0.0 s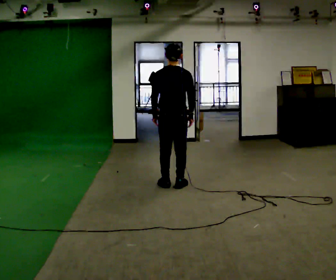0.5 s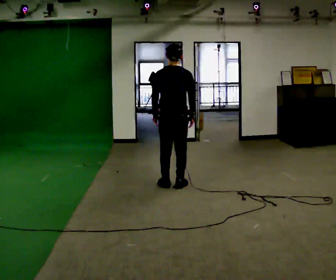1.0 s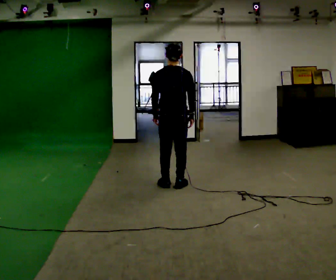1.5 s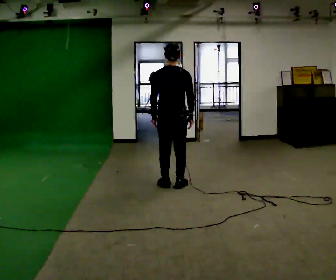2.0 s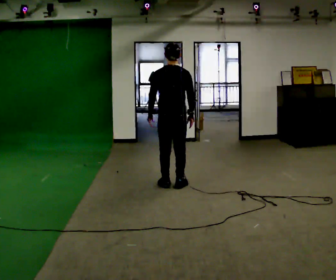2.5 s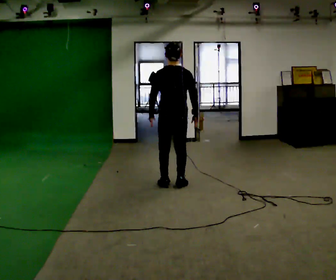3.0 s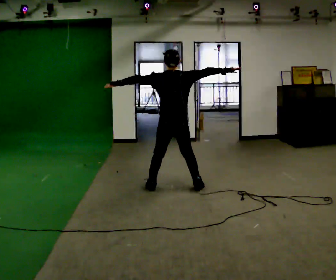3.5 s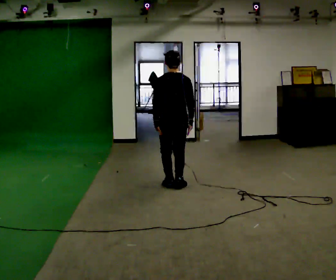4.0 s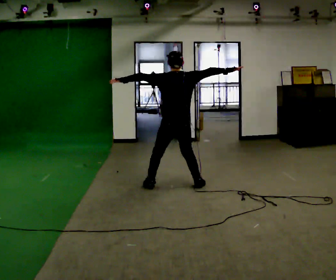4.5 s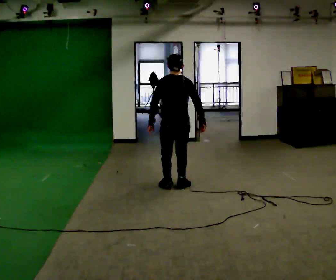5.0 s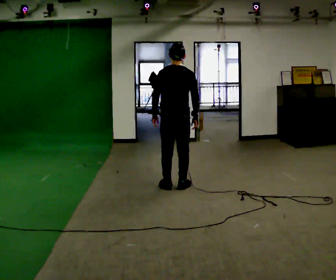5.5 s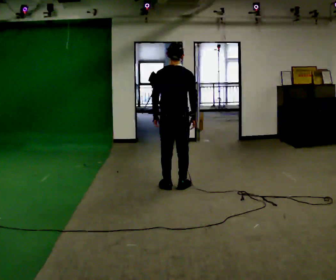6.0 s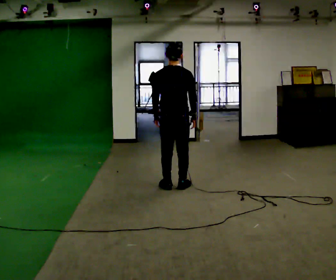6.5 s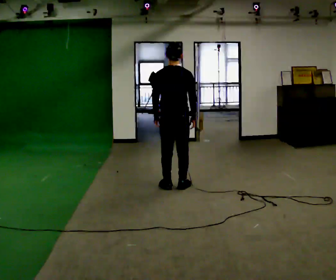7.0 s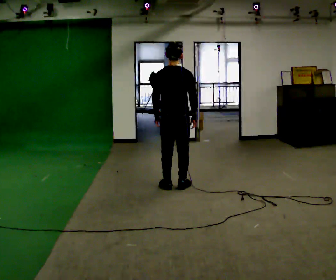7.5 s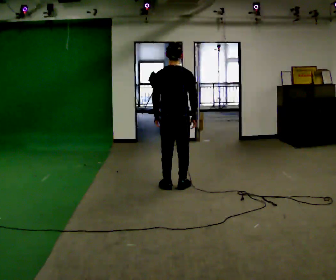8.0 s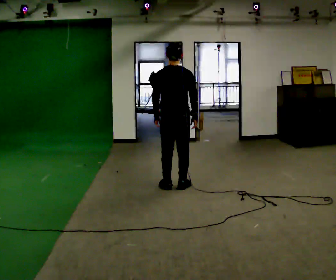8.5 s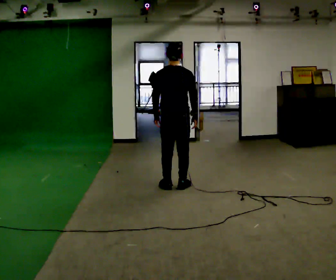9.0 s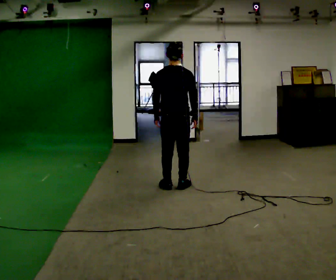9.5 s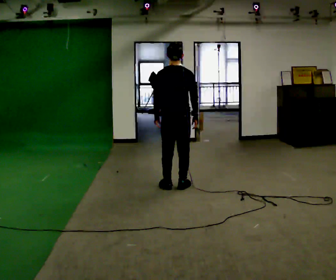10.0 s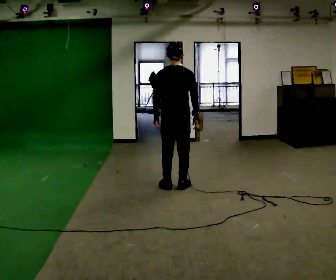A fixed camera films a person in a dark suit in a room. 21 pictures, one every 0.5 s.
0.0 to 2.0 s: The person moves a little, or ends about where they began.
2.0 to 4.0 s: In the picture their right hand goes upward and to the right.
4.0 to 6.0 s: In the picture their right hand goes downward and to the left, the arm swinging clockwise.
6.0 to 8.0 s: The person keeps their place and pose.
8.0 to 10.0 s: The person moves a little, or ends about where they began.
The film runs backward here.
